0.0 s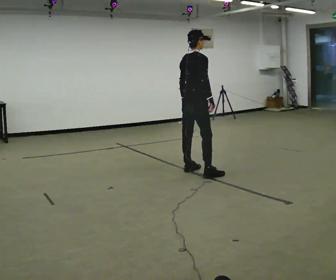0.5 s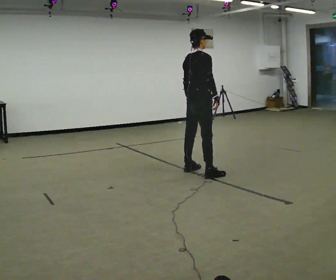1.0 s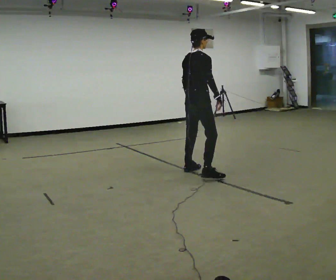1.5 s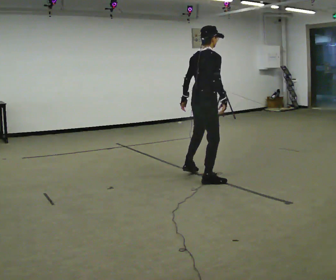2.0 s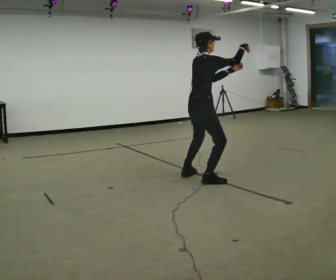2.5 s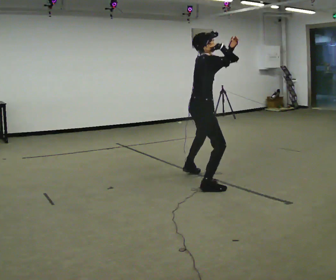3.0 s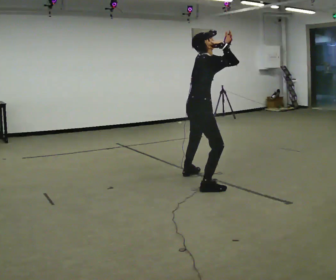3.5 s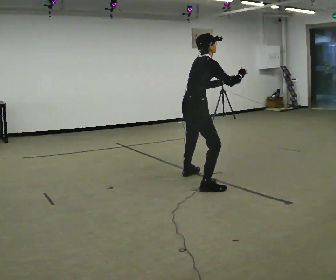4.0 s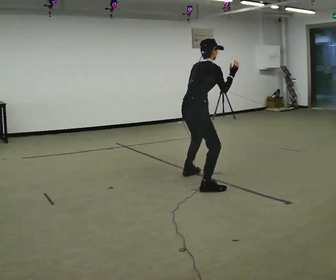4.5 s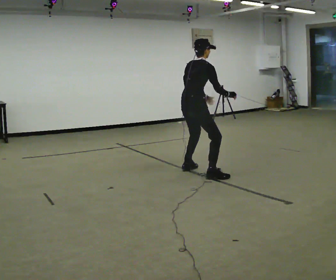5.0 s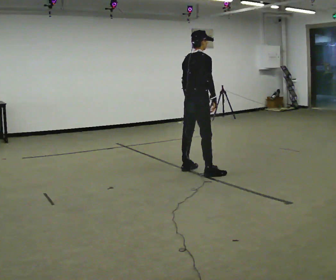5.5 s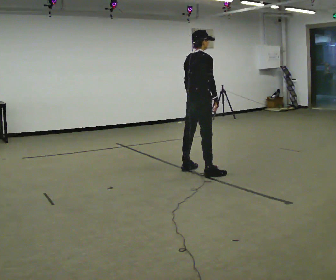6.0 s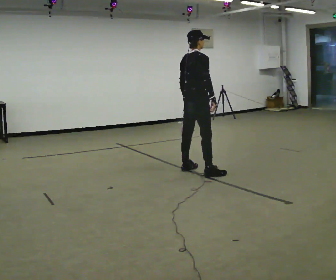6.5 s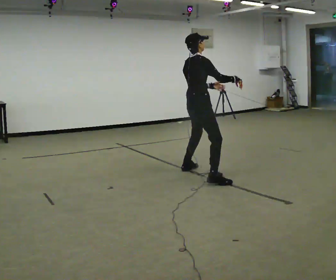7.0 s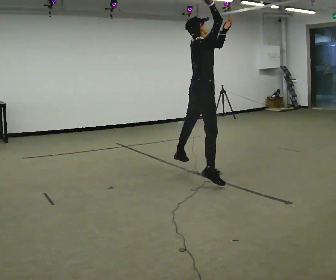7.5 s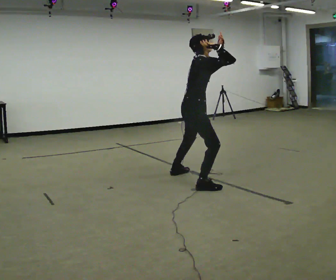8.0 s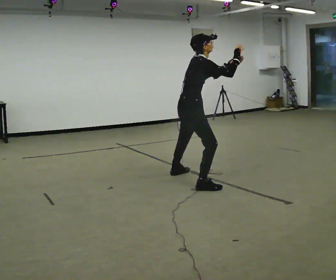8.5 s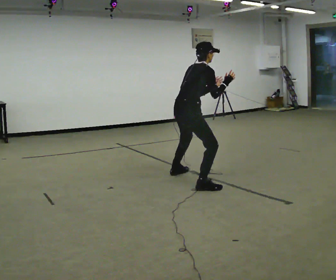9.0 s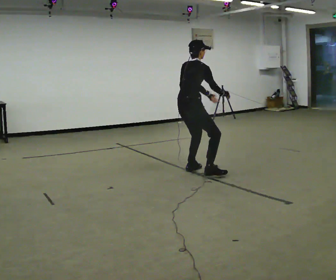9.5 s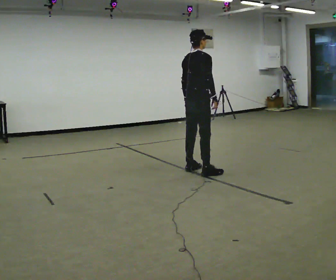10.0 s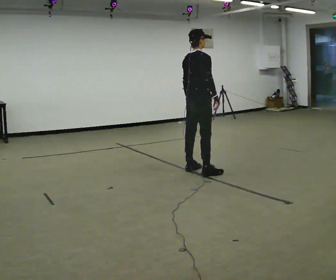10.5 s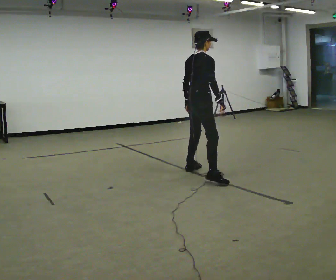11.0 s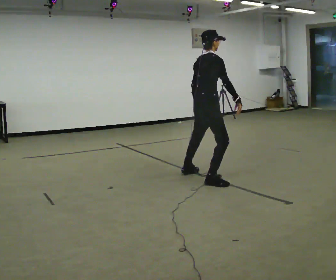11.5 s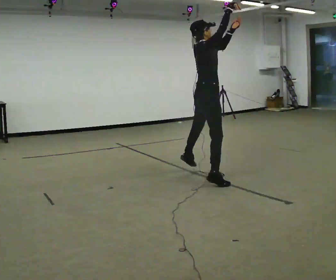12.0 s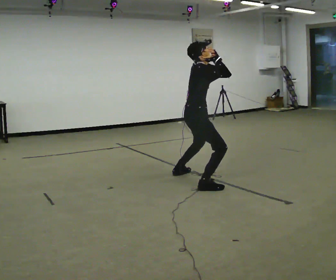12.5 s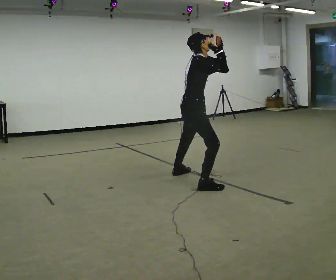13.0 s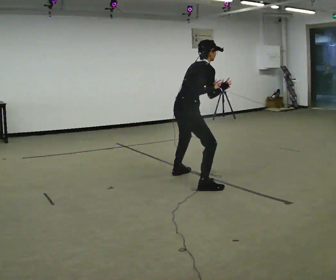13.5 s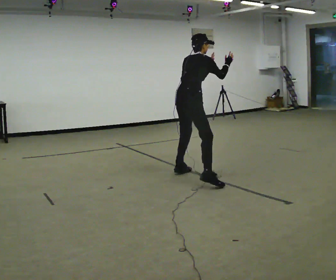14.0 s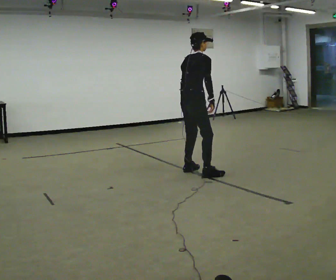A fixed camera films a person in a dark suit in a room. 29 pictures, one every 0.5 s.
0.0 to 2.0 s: In the picture they go toward the camera, about 0.5 m in 2 steps, which for them is to their right and backward. In the picture their right hand goes upward, the arm swinging counterclockwise.
2.0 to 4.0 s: The person moves a little, or ends about where they began.
4.0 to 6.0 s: In the picture they go away from the camera, about 0.5 m in 2 steps, which for them is forward and to their left. In the picture the upper body tilts counterclockwise, shoulders to the left, as they lean back or straighten.
6.0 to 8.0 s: In the picture they go toward the camera, about 0.5 m in 2 steps, which for them is to their right and backward. In the picture their left hand goes upward.
8.0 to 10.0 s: In the picture they go away from the camera, about 0.5 m in 2 steps, which for them is forward and to their left. In the picture their left hand goes downward.
10.0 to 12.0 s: The part of the body nearest the lens slides to the left as the person turns to their right by about 30 degrees. In the picture they go toward the camera, about 0.5 m in 1 step, which for them is to their right and backward. In the picture their left hand goes upward.
12.0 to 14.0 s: The part of the body nearest the lens slides to the right as the person turns to their left by about 30 degrees. In the picture they go away from the camera, about 0.25 m in 2 steps, which for them is to their left. In the picture their left hand goes downward.
The film runs backward here.
